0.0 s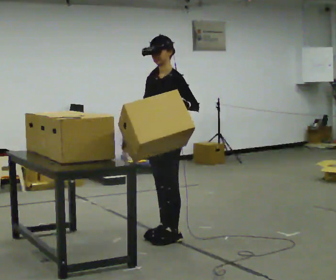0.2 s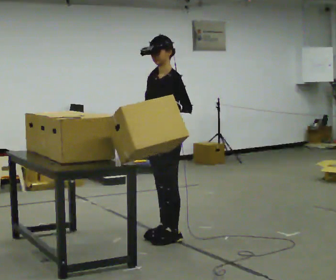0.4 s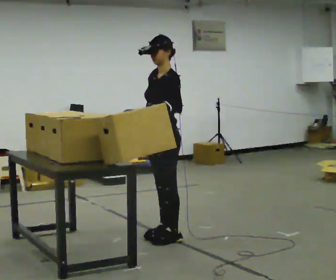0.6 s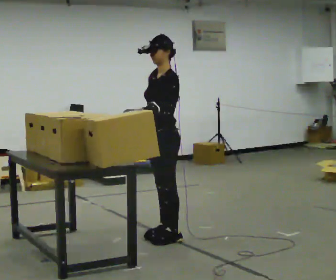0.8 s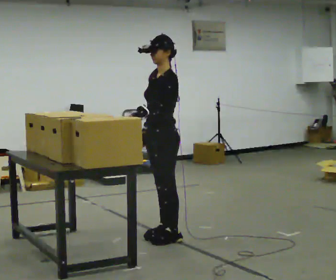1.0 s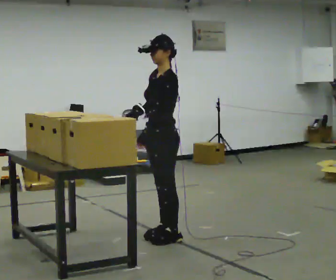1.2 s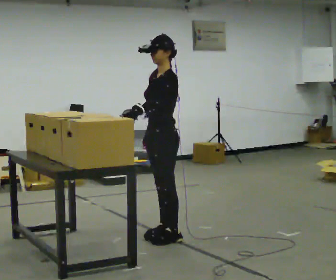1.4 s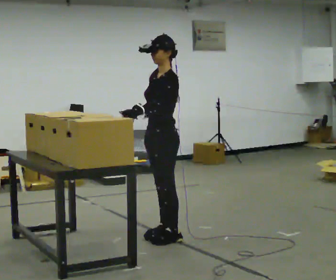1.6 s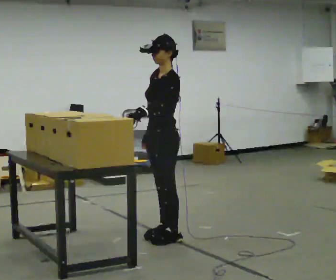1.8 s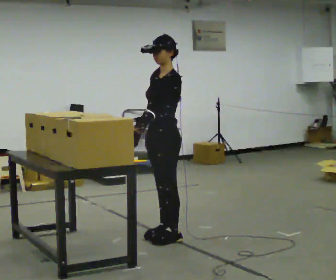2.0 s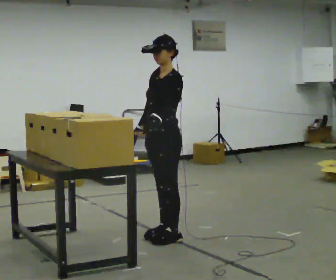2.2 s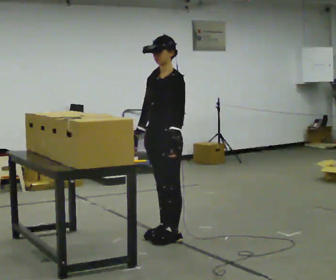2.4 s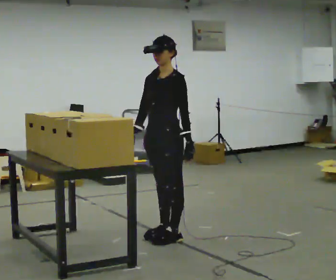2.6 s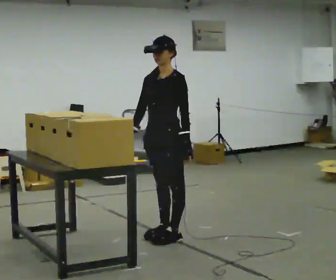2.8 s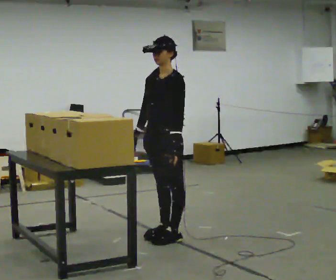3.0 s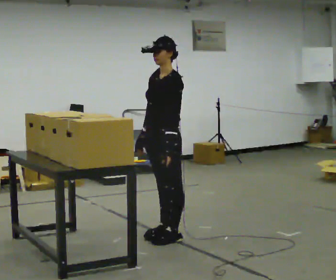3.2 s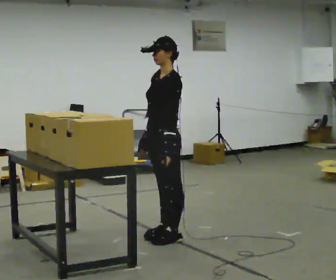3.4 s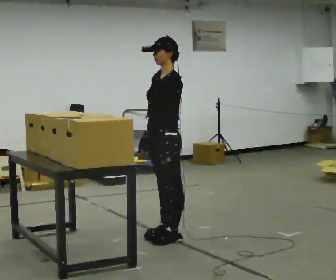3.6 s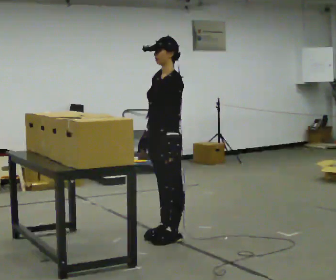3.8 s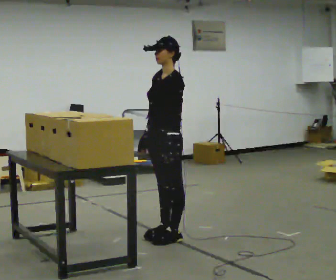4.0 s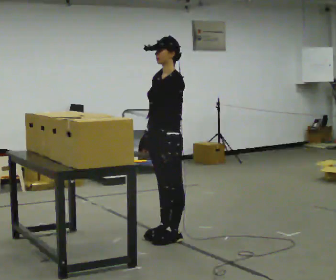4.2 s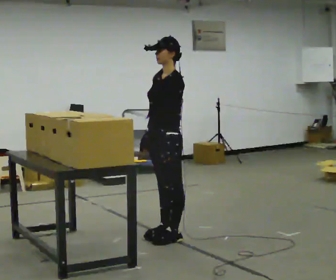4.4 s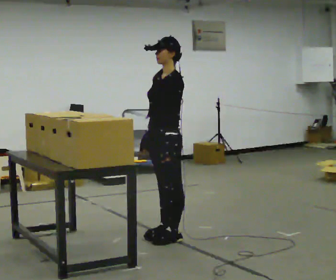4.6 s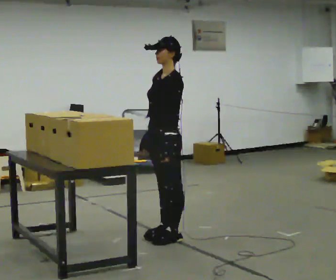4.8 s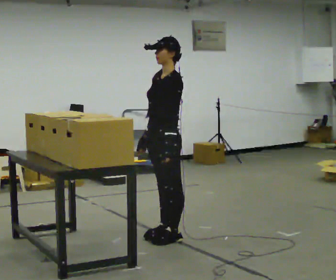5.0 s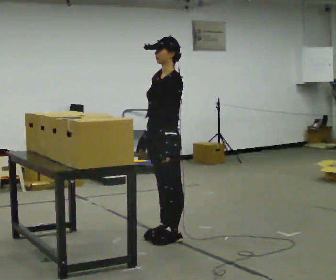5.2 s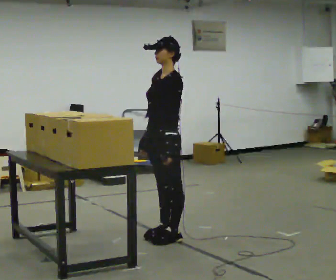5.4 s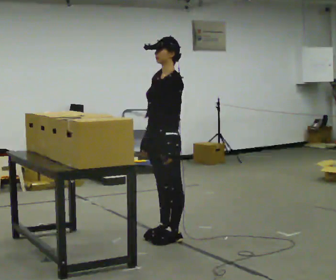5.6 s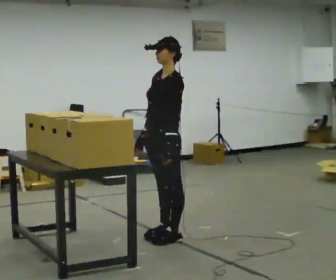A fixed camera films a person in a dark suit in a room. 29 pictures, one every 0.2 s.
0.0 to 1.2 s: In the picture their left hand goes to the left.
1.2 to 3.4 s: The person moves a little, or ends about where they began.
3.4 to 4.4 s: The person keeps their place and pose.
4.4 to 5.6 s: The person moves a little, or ends about where they began.
The film runs backward here.
